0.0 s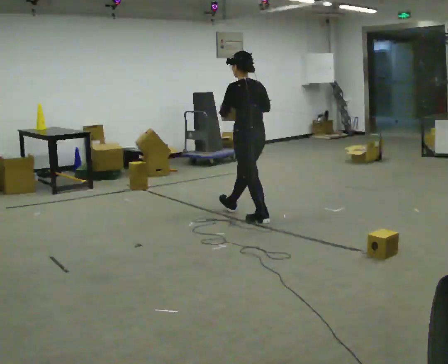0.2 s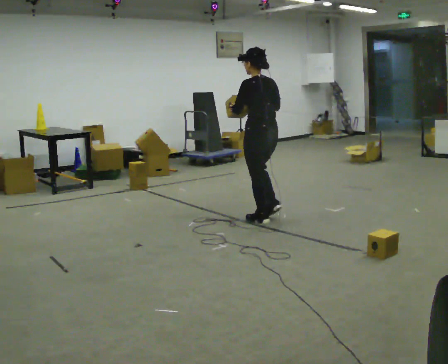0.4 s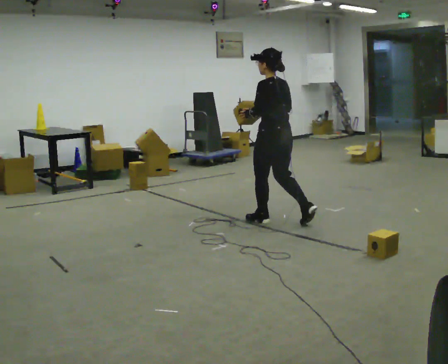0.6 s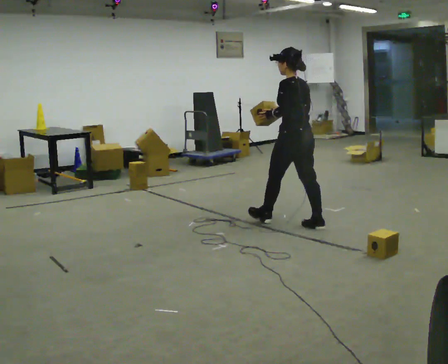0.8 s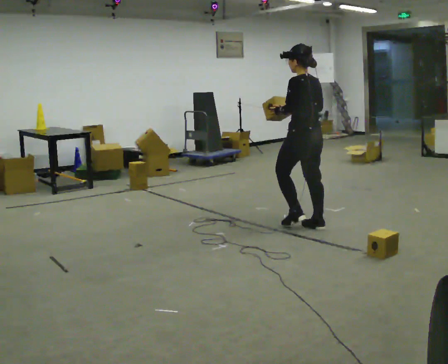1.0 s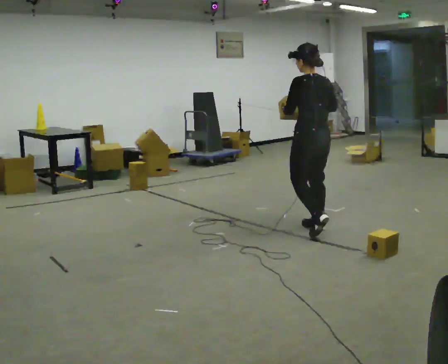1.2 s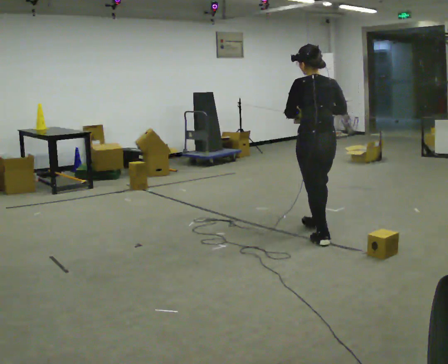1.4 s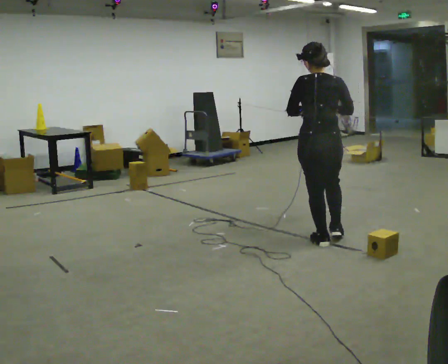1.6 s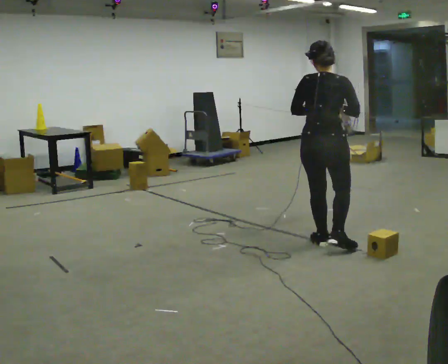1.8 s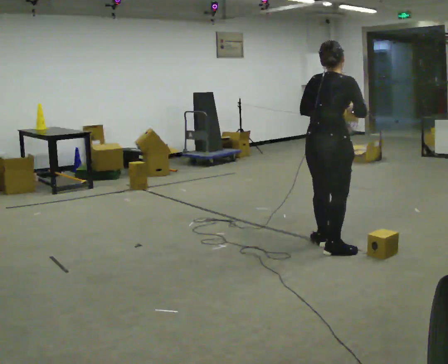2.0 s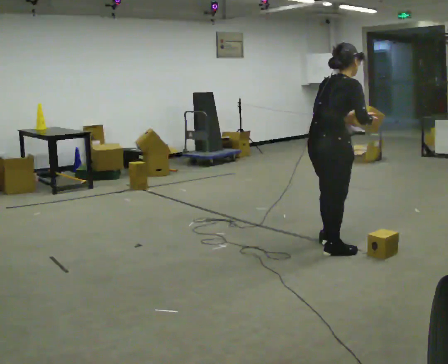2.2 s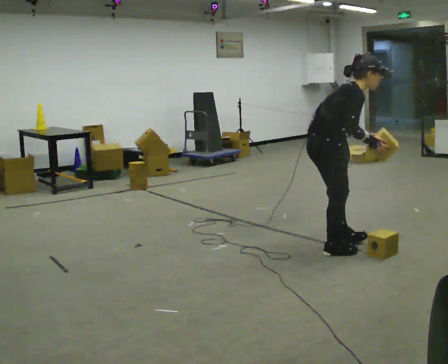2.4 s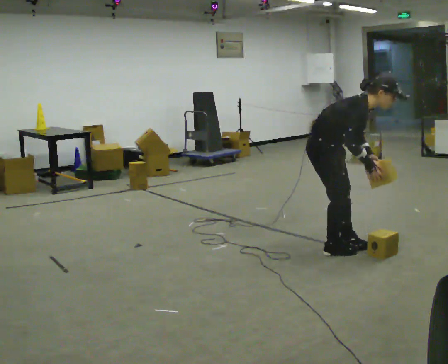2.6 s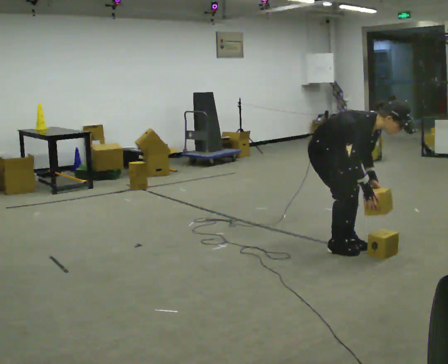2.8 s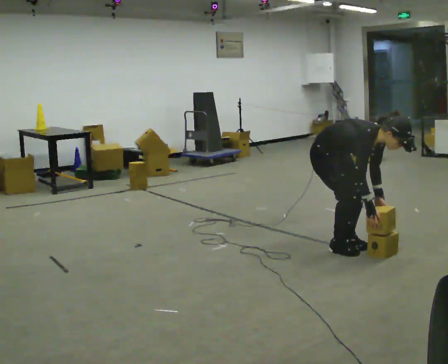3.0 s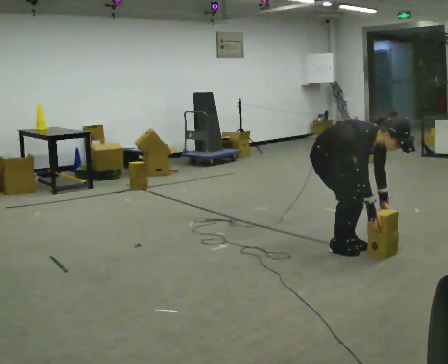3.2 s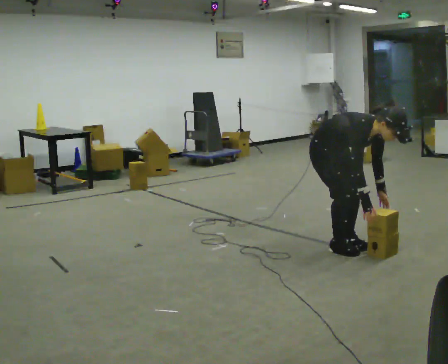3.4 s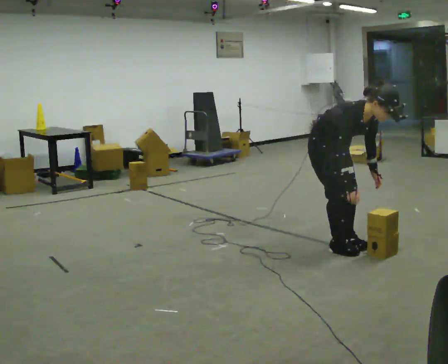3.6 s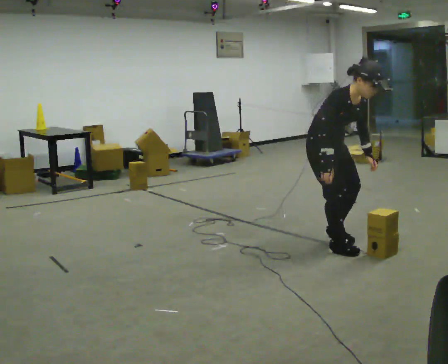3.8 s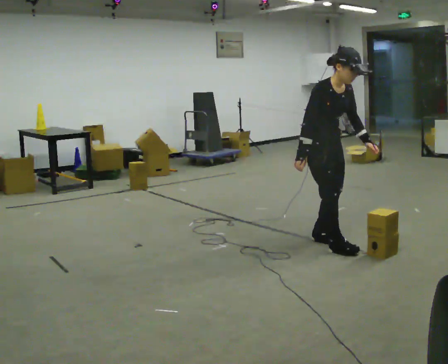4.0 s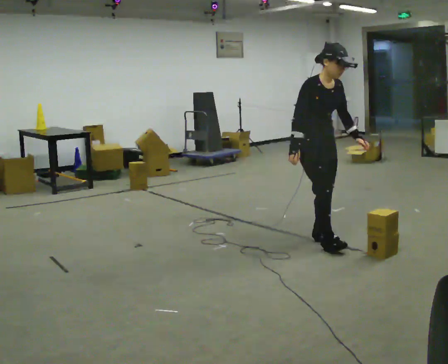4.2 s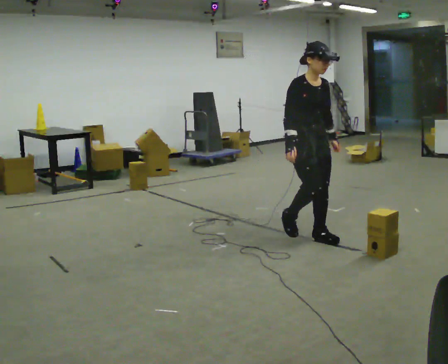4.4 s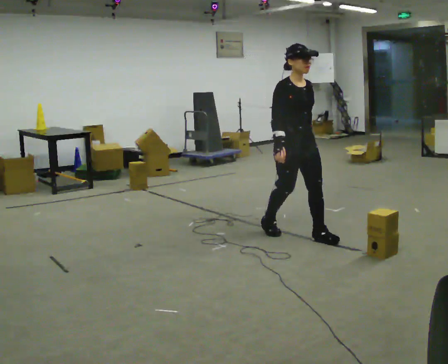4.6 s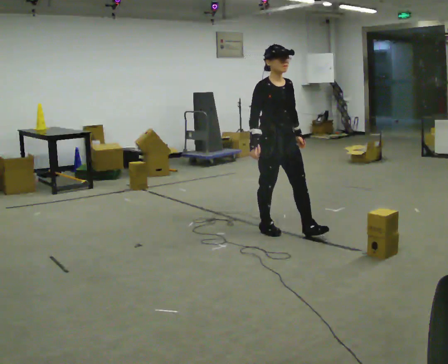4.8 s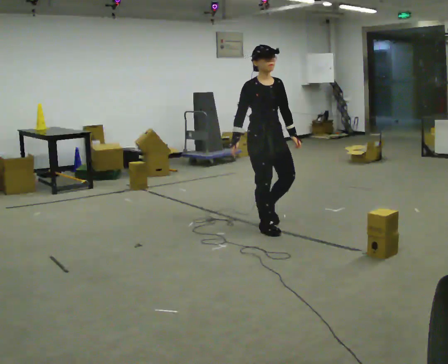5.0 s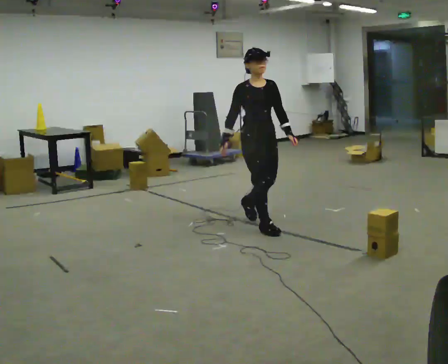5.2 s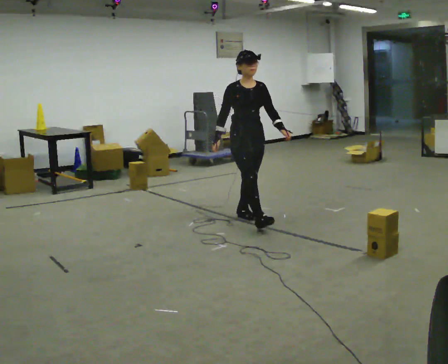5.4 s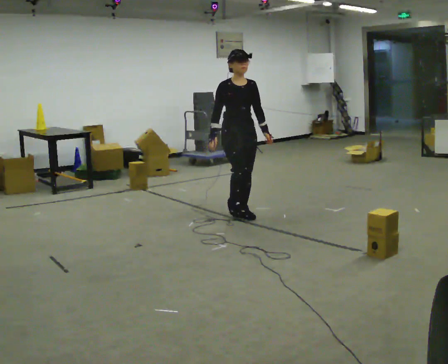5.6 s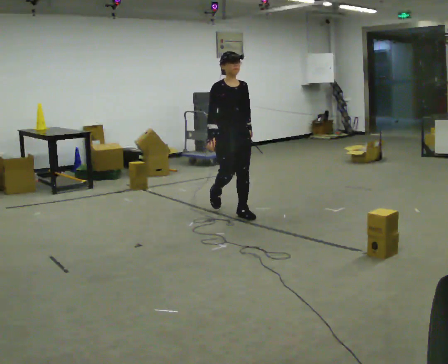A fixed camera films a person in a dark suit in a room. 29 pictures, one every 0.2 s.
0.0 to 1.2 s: The part of the body nearest the lens slides to the left as the person turns to their right by about 30 degrees. In the picture they go toward the camera and to the right, about 1 m in 1 step, which for them is backward.
1.2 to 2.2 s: Seen from above the body turns clockwise, about 105 degrees: to their right, with its near side sliding to the left. In the picture they go toward the camera, about 0.5 m in 1 step. In the picture the upper body tilts clockwise, shoulders to the right, as they bend forward.
2.2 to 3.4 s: The person turns about 45 degrees to their right, clockwise seen from above, so the part of the body nearest the lens slides to the left.
3.4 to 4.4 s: In the picture they go away from the camera and to the left, about 0.25 m in 2 steps, which for them is backward. The shoulders move upward. In the picture the upper body tilts counterclockwise, shoulders to the left, as they lean back or straighten.
4.4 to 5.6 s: In the picture they go away from the camera and to the left, about 1 m in 2 steps, which for them is backward.
The film runs backward here.
